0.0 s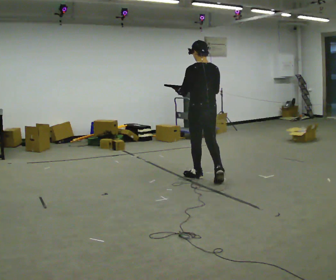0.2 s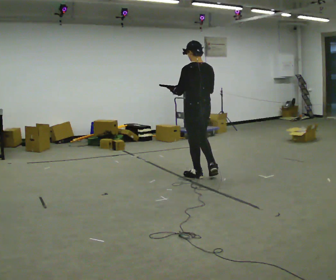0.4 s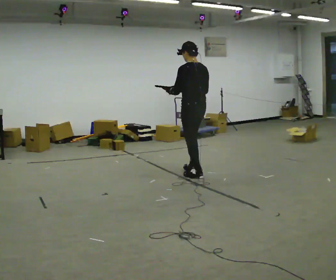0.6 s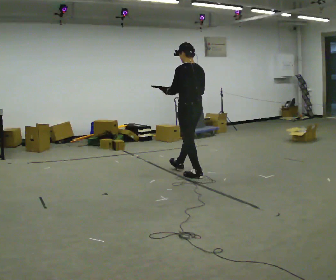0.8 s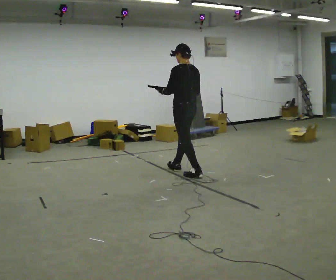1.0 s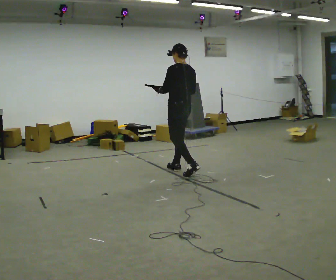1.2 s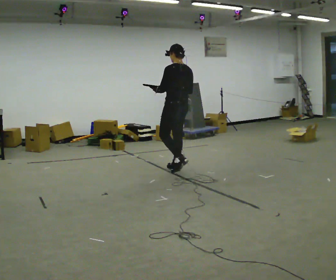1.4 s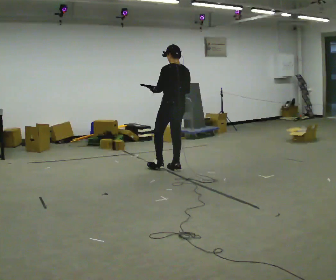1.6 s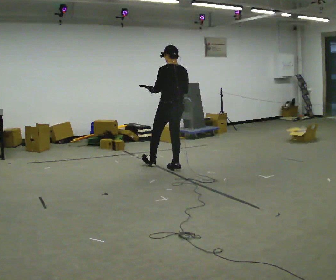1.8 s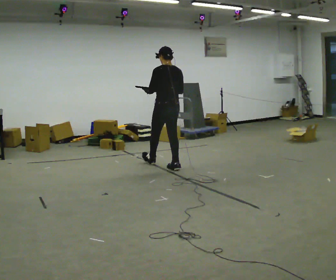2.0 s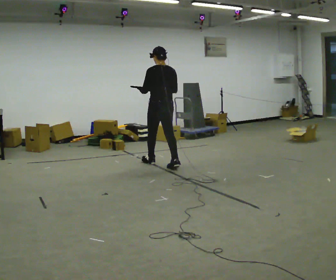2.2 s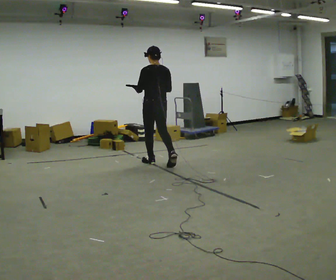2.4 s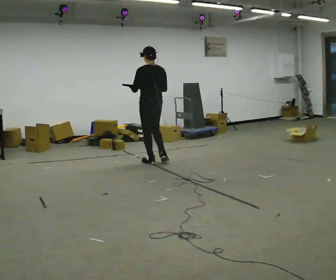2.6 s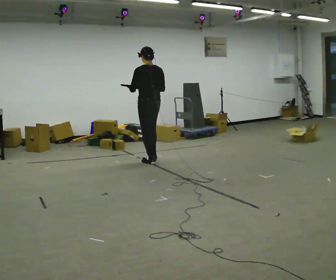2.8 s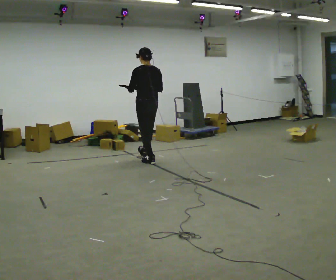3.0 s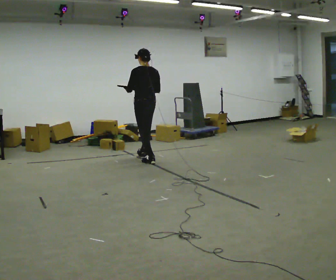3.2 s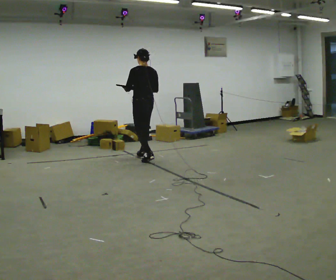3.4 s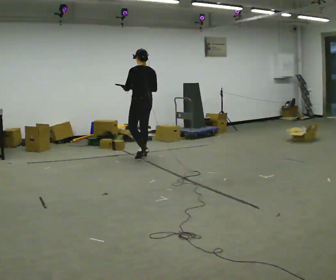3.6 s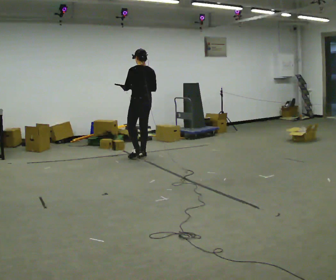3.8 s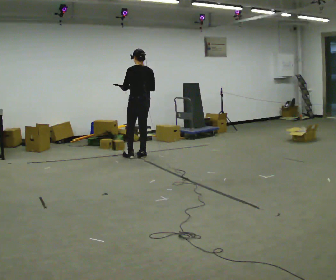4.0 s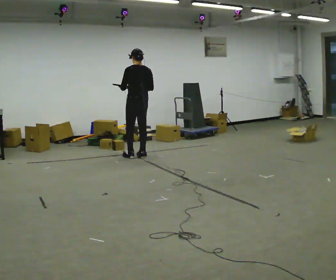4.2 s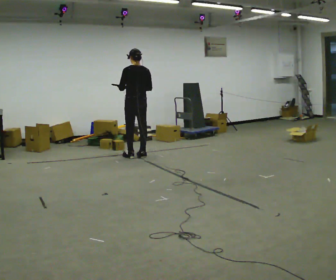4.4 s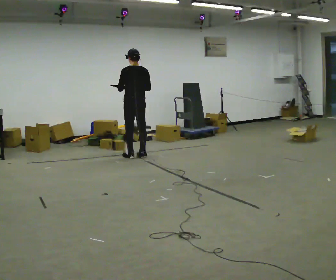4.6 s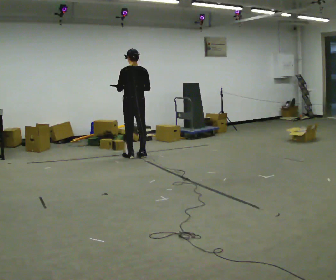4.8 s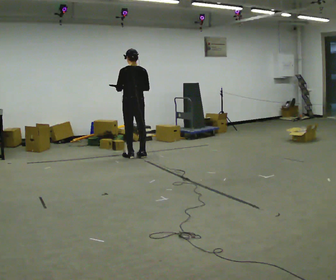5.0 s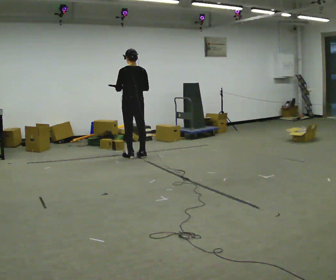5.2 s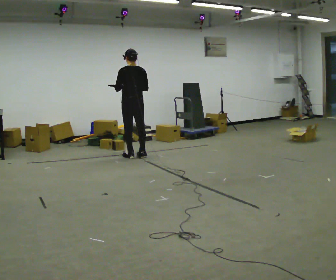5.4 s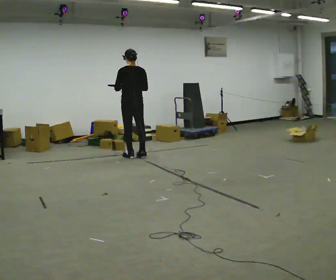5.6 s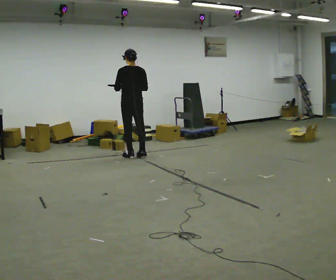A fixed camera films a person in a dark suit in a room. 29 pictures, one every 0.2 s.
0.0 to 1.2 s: In the picture they go away from the camera and to the left, about 0.5 m in 1 step, which for them is forward.
1.2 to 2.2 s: In the picture they go away from the camera and to the left, about 0.5 m in 1 step, which for them is forward.
2.2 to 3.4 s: In the picture they go away from the camera and to the left, about 0.5 m in 1 step, which for them is forward.
3.4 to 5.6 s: In the picture they go to the left, about 0.25 m in 1 step, which for them is to their left and forward.
The film runs forward here.
